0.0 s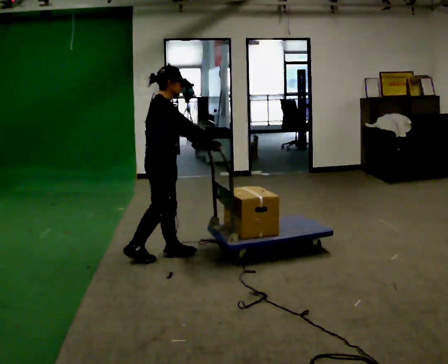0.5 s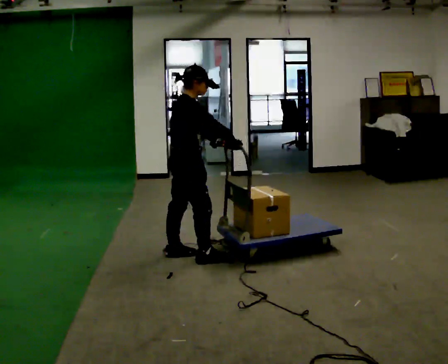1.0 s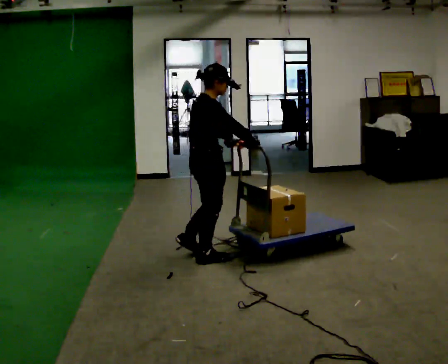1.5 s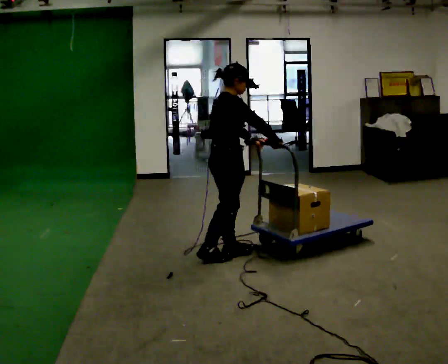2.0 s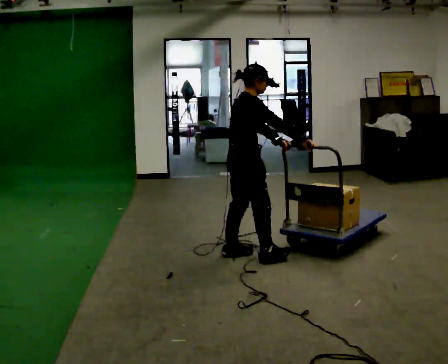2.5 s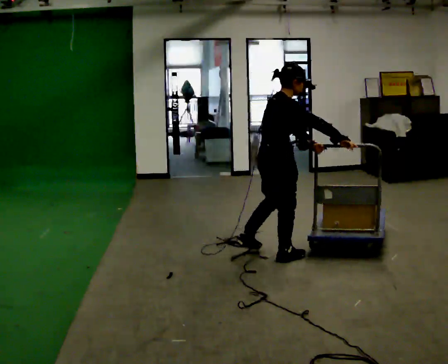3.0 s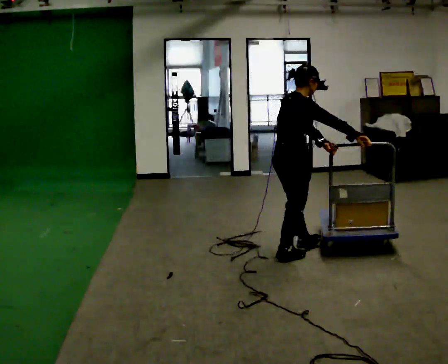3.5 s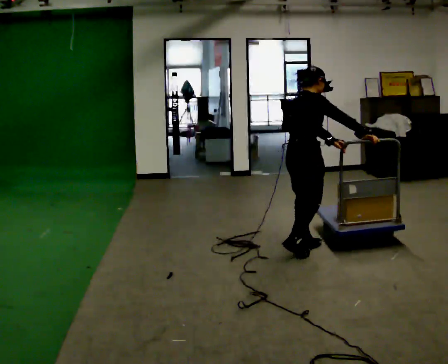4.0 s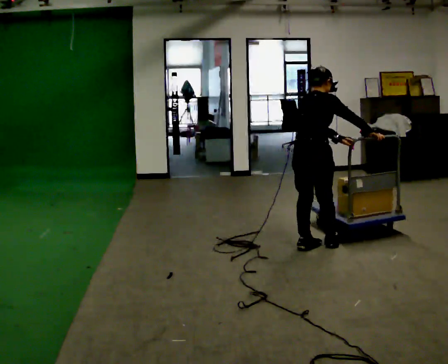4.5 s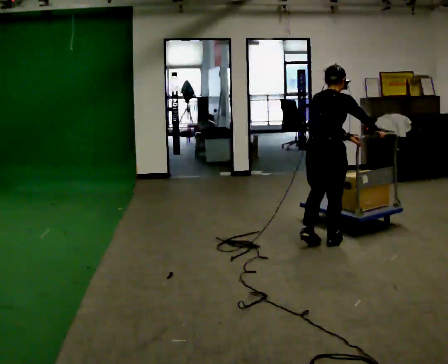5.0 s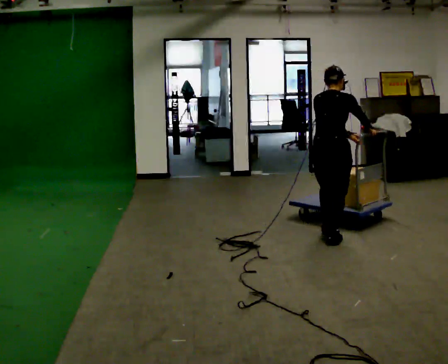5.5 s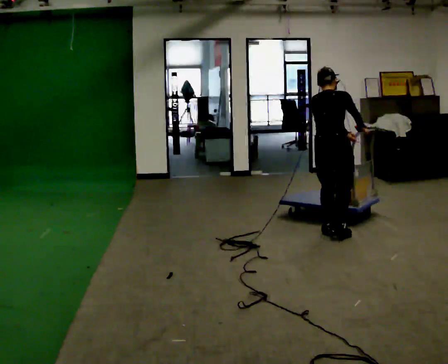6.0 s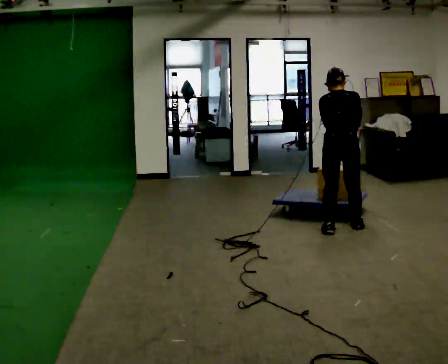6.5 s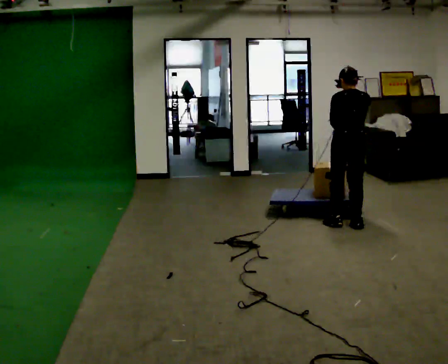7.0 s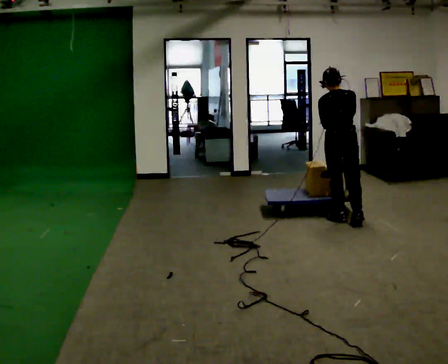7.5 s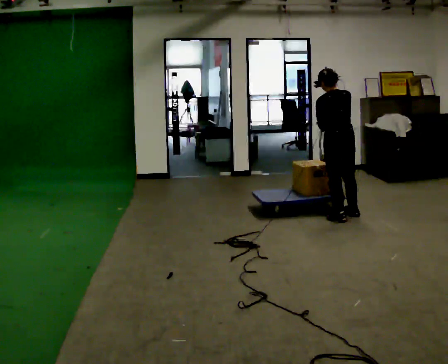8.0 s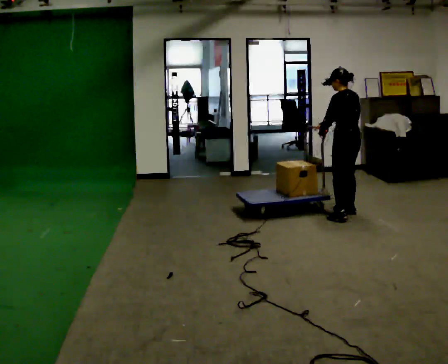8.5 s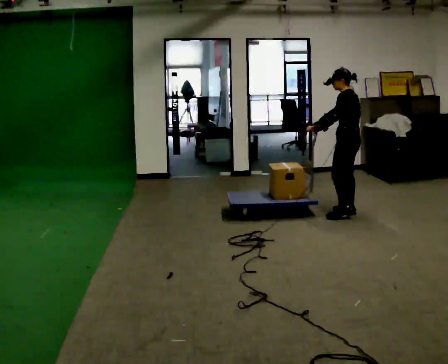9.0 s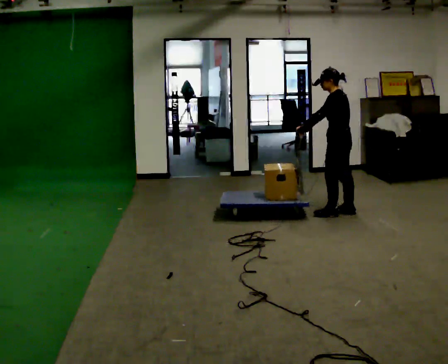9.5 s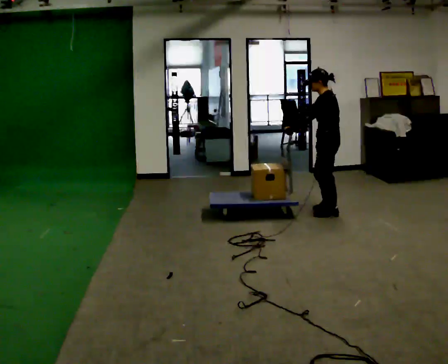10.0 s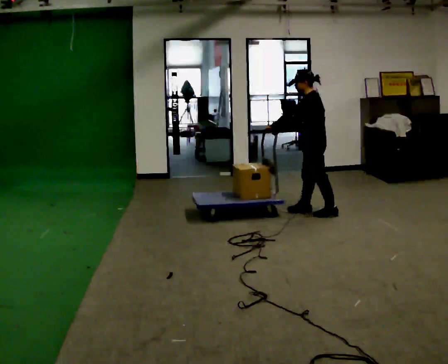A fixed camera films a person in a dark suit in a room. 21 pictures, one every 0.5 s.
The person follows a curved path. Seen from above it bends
counterclockwise.
The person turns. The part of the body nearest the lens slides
to the right.
0.0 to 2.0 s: In the picture they go to the right, about 0.5 m in 2 steps, which for them is forward.
2.0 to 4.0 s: The person turns about 30 degrees to their left, counterclockwise seen from above, so the part of the body nearest the lens slides to the right. In the picture they go to the right and away from the camera, about 0.5 m in 2 steps, which for them is forward.
4.0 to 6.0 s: The part of the body nearest the lens slides to the right as the person turns to their left by about 45 degrees. In the picture they go away from the camera and to the right, about 0.5 m in 3 steps, which for them is forward.
6.0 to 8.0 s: Seen from above the body turns counterclockwise, about 60 degrees: to their left, with its near side sliding to the right. In the picture they go away from the camera, about 0.5 m in 2 steps, which for them is forward and to their right.
8.0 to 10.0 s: Seen from above the body turns counterclockwise, about 45 degrees: to their left, with its near side sliding to the right. In the picture they go to the left, about 0.25 m in 2 steps, which for them is forward.
The film runs forward here.
